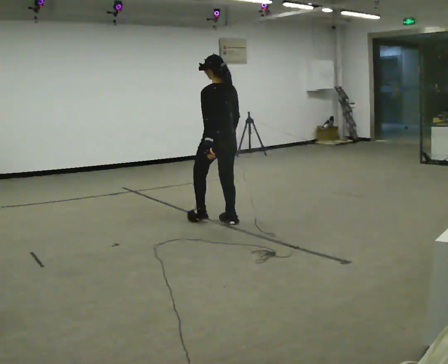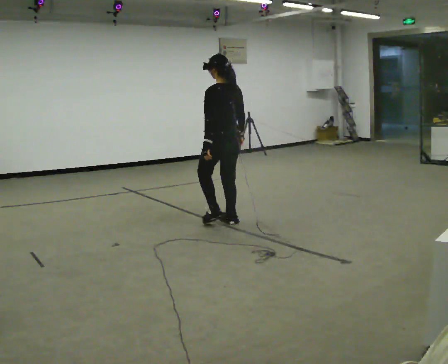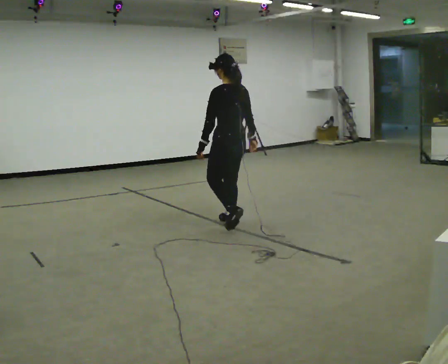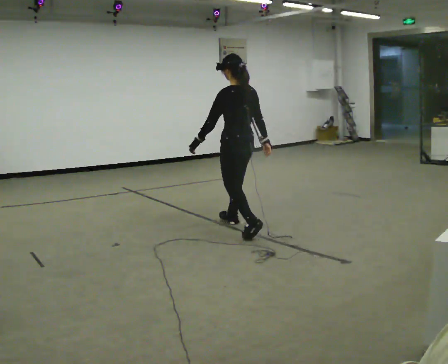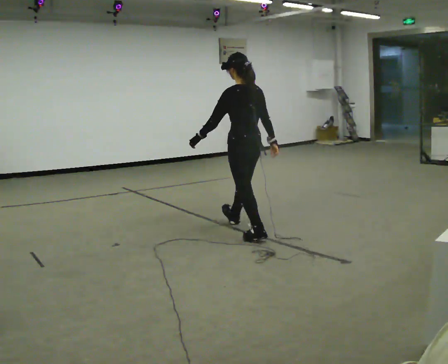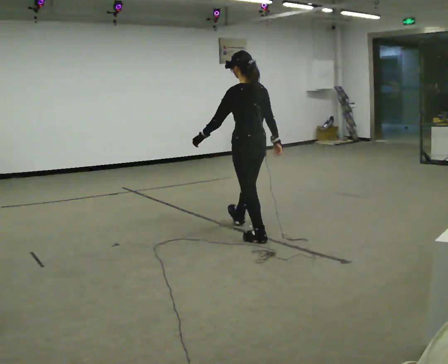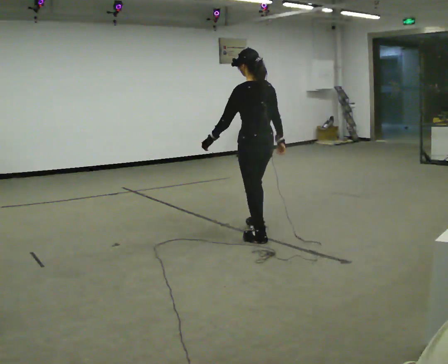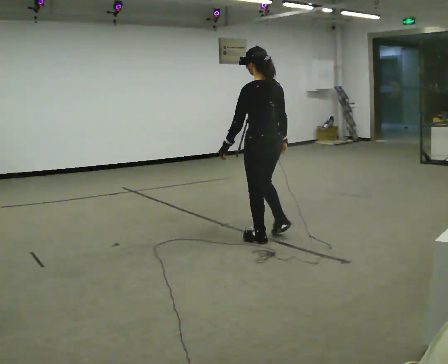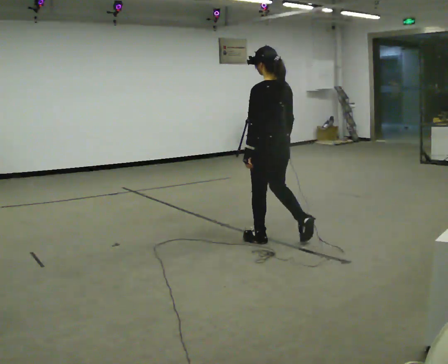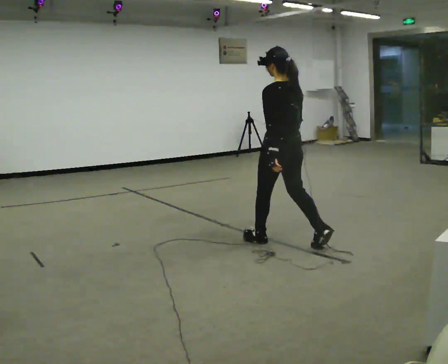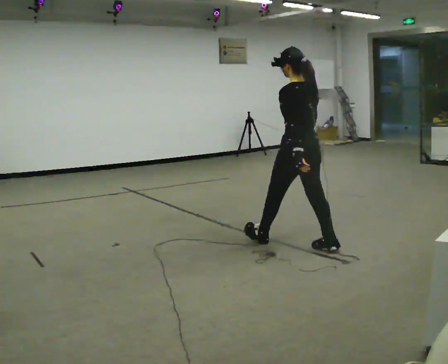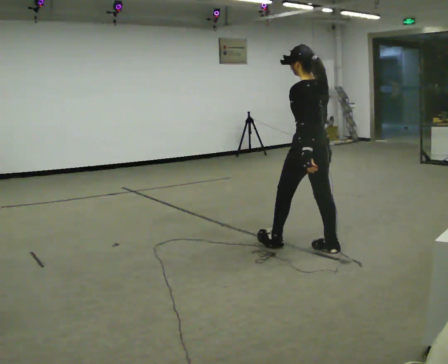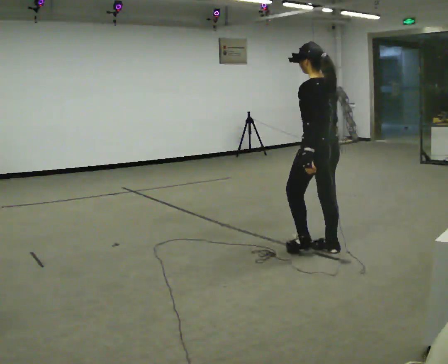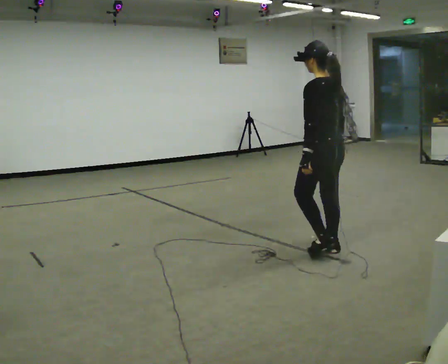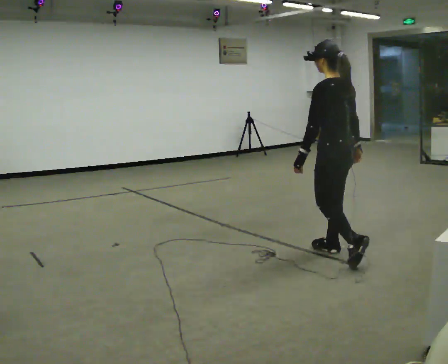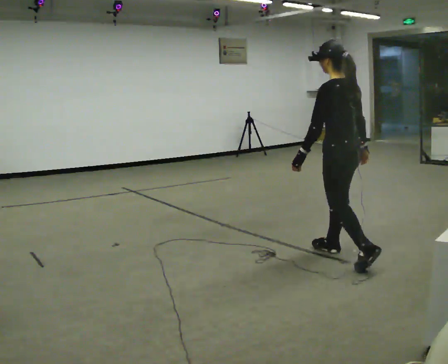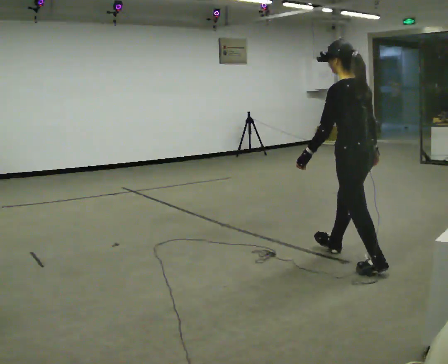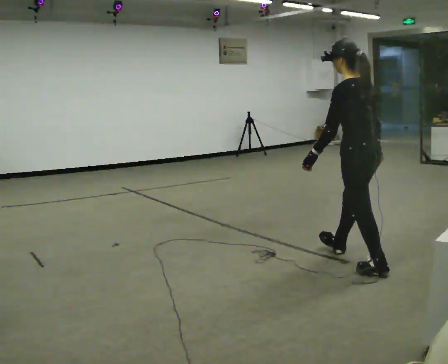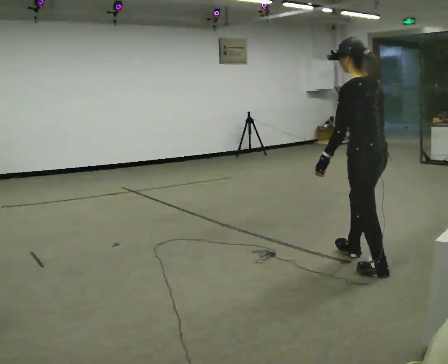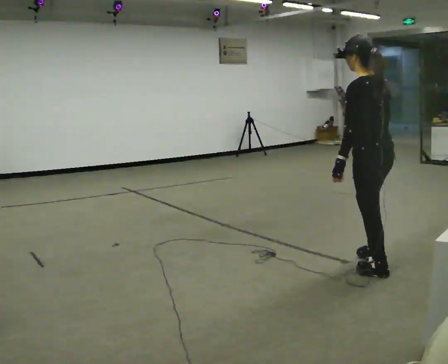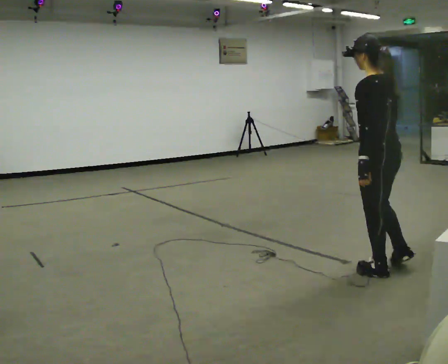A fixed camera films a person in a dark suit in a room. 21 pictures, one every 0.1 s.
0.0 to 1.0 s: In the picture they go toward the camera and to the right, about 1 m in 2 steps, which for them is backward.
1.0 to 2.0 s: In the picture they go toward the camera and to the right, about 1 m in 1 step, which for them is backward.
The film runs backward here.
